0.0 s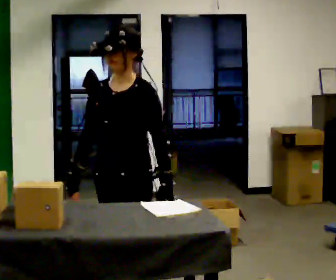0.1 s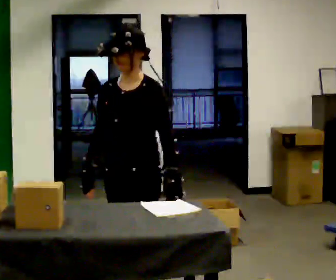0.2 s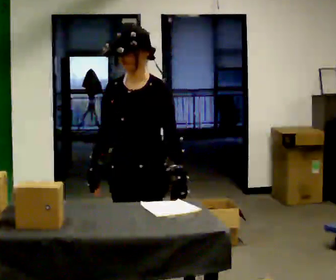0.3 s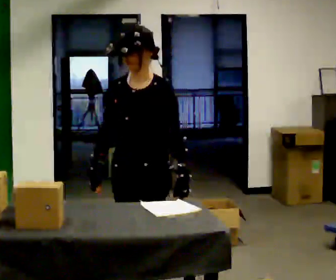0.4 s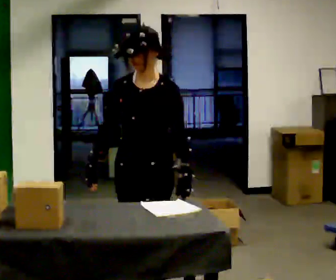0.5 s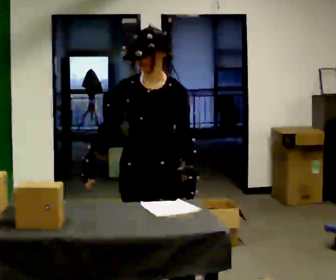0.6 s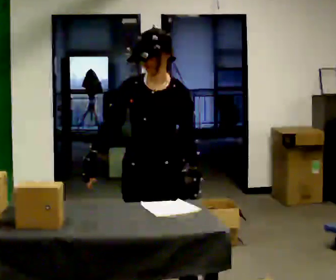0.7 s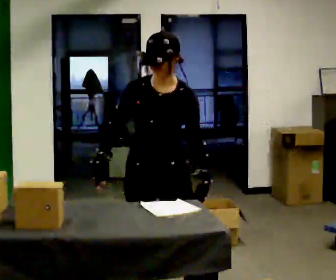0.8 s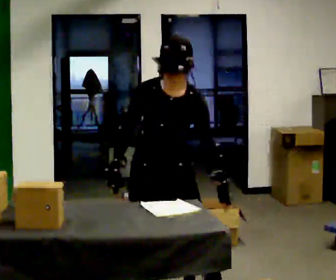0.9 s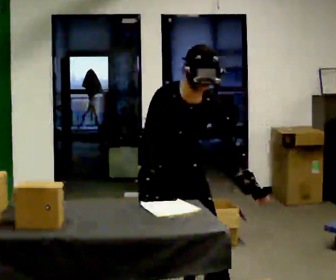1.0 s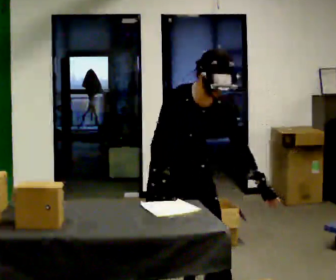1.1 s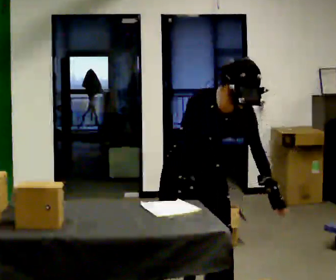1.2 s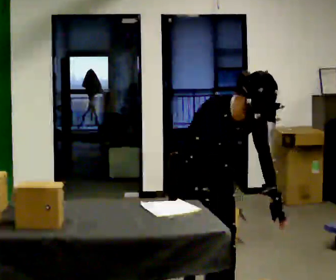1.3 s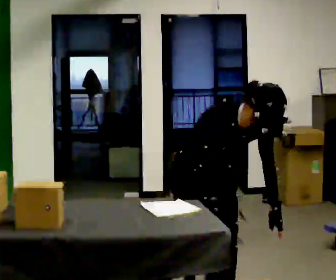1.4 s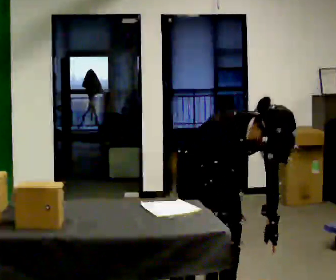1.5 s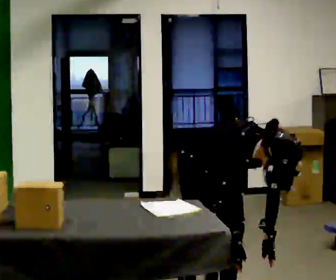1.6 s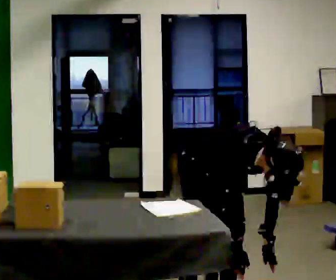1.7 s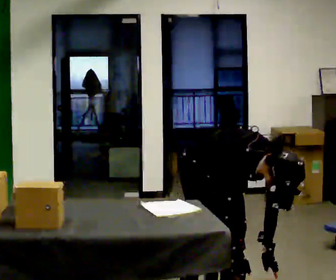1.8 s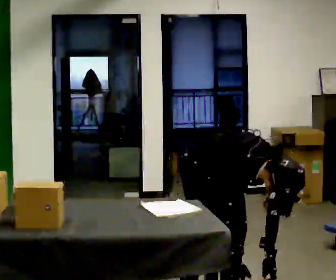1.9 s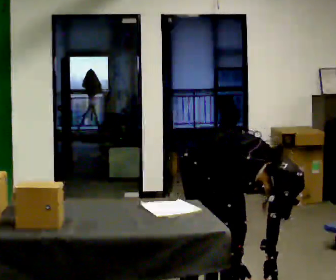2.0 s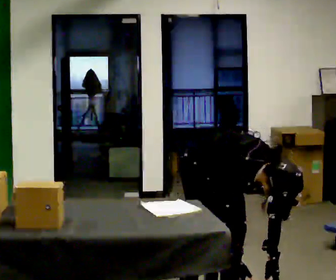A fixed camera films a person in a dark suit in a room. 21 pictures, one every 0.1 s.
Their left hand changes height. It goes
downward.
The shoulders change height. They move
downward.
0.0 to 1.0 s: The part of the body nearest the lens slides to the right as the person turns to their left by about 45 degrees. In the picture they go away from the camera and to the right, about 0.25 m in 1 step, which for them is backward and to their left. The upper body tips toward the camera, its near side rolling downward, as they bend forward.
1.0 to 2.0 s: In the picture they go to the right, about 0.25 m in 1 step, which for them is to their left. The upper body goes downward. The upper body tips toward the camera, its near side rolling downward, as they bend forward. In the picture their left hand goes downward.
The film runs backward here.
